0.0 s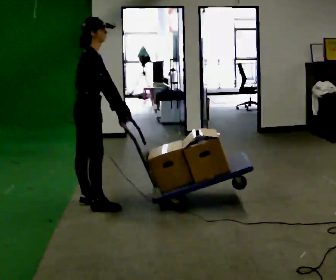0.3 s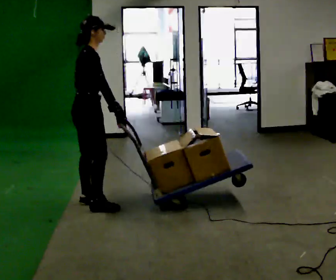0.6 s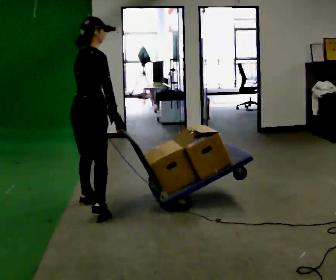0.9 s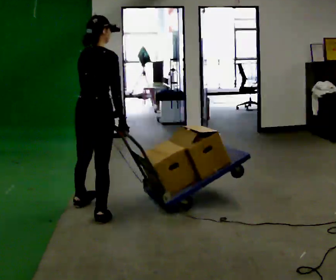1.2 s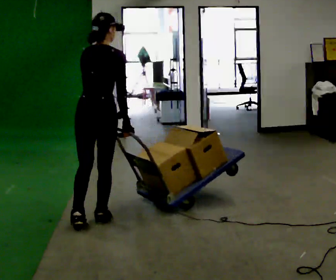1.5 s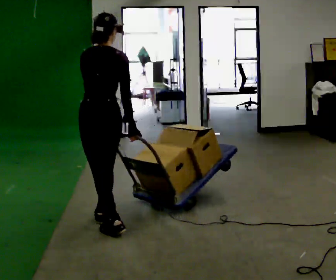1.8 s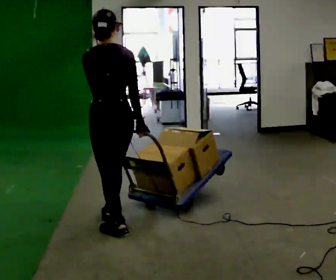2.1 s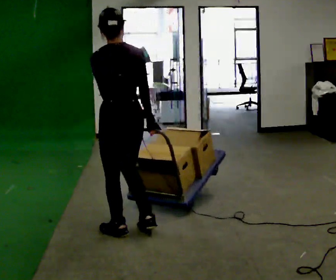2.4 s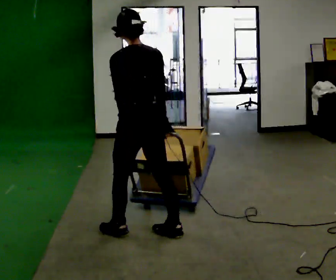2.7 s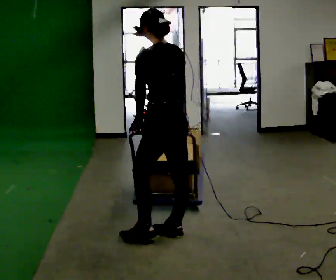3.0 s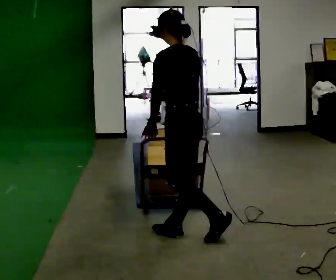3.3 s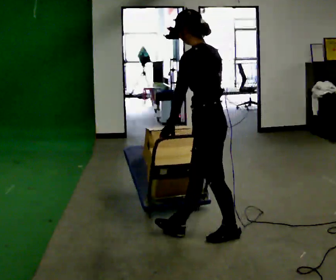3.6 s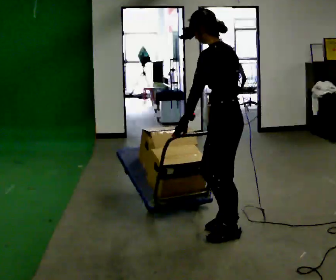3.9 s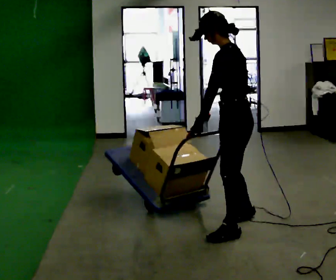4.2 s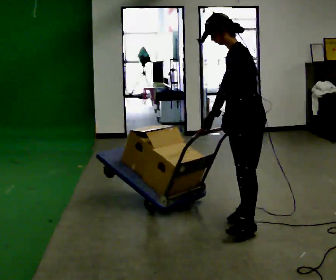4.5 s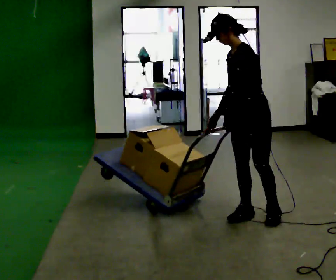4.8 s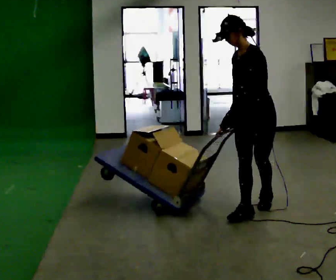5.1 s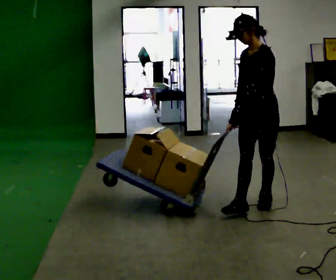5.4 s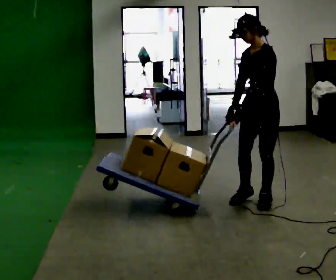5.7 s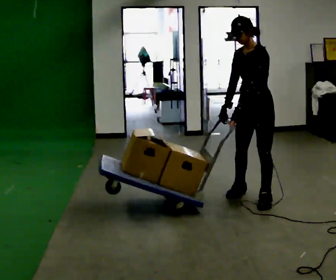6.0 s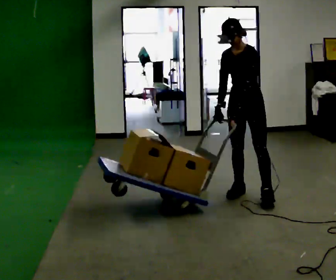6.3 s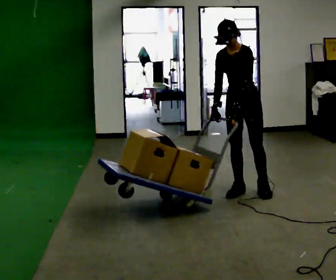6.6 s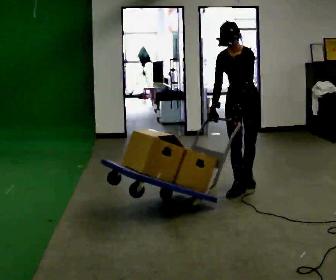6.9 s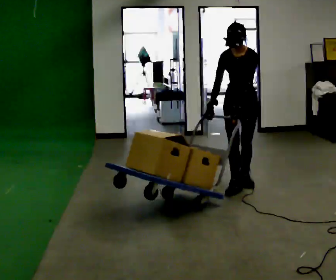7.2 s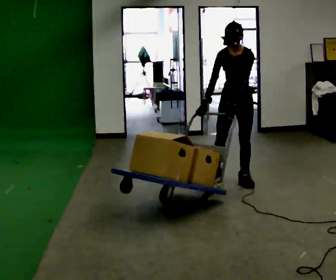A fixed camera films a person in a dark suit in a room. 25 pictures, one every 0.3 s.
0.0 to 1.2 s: Seen from above the body turns counterclockwise, about 75 degrees: to their left, with its near side sliding to the right. In the picture they go toward the camera and to the right, about 0.5 m in 2 steps.
1.2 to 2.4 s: Seen from above the body turns counterclockwise, about 45 degrees: to their left, with its near side sliding to the right. In the picture they go to the right and toward the camera, about 0.5 m in 1 step, which for them is backward and to their right.
2.4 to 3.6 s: The person turns about 30 degrees to their left, counterclockwise seen from above, so the part of the body nearest the lens slides to the right. In the picture they go to the right, about 0.5 m in 2 steps, which for them is backward and to their right.
3.6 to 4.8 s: Seen from above the body turns counterclockwise, about 60 degrees: to their left, with its near side sliding to the right. In the picture they go away from the camera and to the right, about 0.5 m in 1 step, which for them is to their right and backward.
4.8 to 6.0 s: In the picture they go away from the camera, about 0.5 m in 1 step, which for them is to their right and backward.
6.0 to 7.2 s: In the picture they go away from the camera, about 0.5 m in 2 steps, which for them is backward and to their right.
The film runs backward here.
